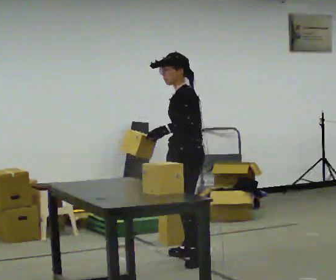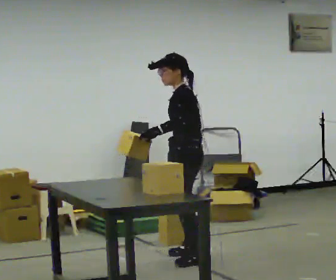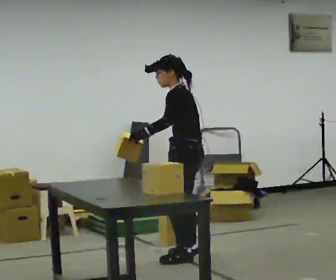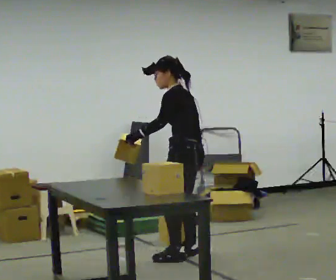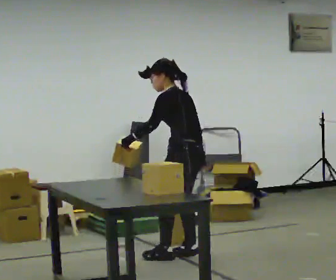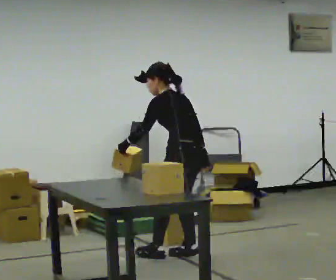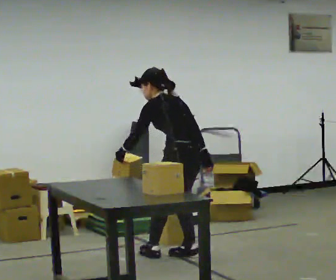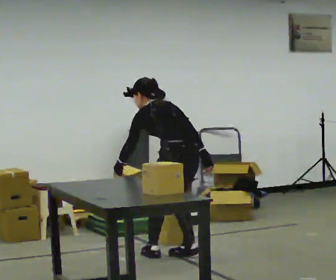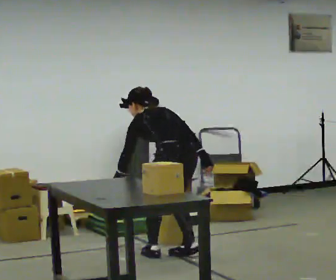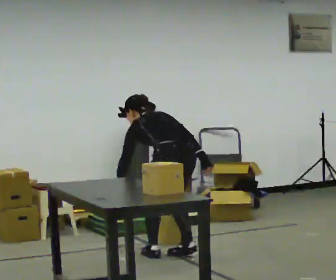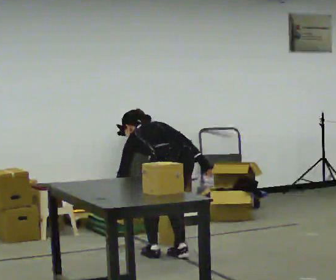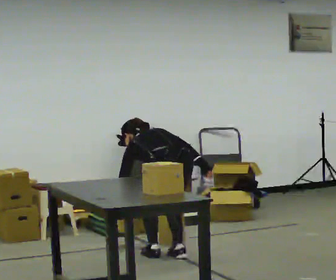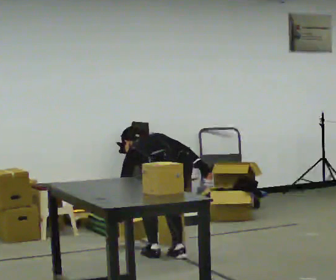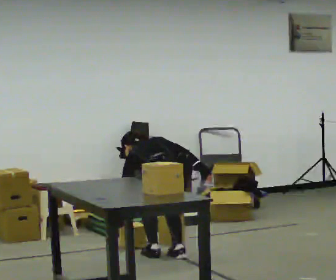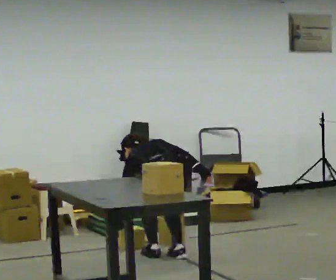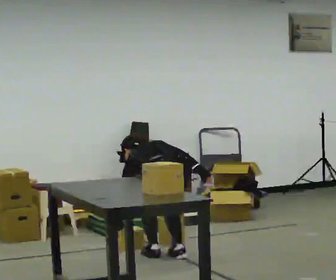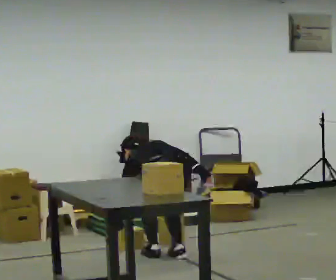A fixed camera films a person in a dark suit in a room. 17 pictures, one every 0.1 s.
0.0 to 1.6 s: The person turns about 75 degrees to their right, clockwise seen from above, so the part of the body nearest the lens slides to the left. In the picture they go to the left, about 0.25 m in 1 step. The upper body goes downward. The upper body tips away from the camera, its near side rolling upward, as they bend forward.
The film runs backward here.
